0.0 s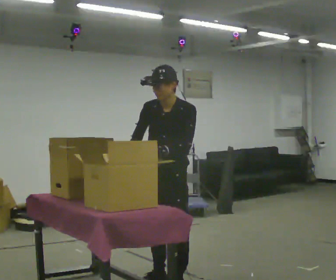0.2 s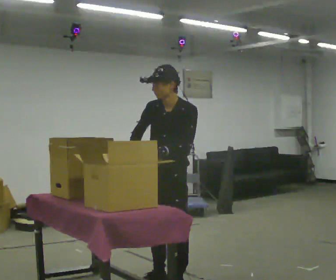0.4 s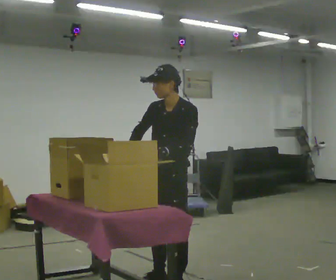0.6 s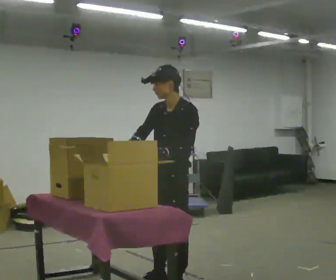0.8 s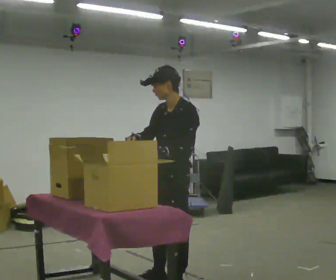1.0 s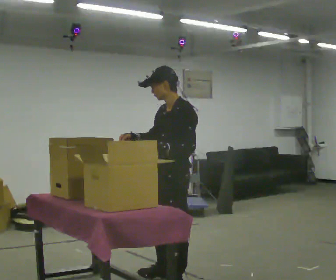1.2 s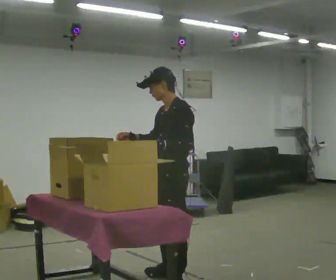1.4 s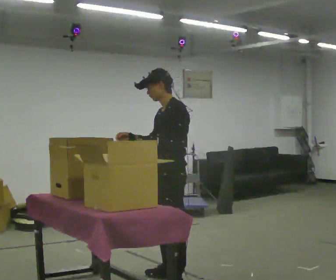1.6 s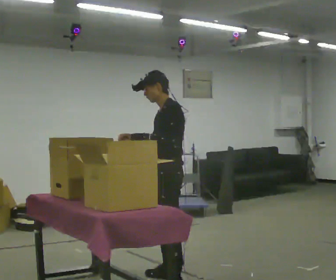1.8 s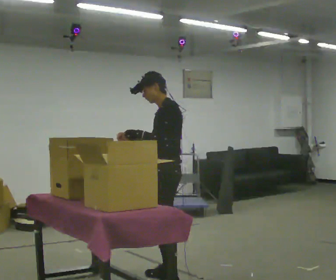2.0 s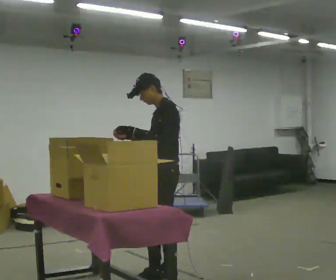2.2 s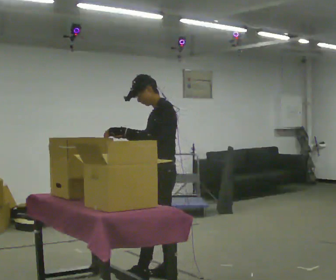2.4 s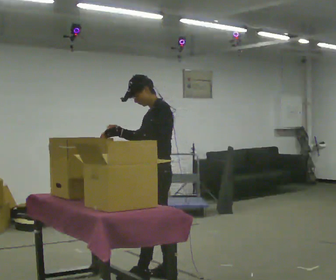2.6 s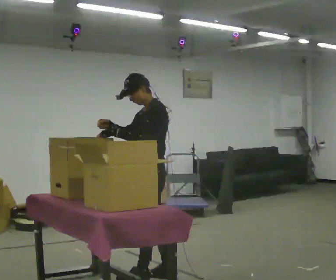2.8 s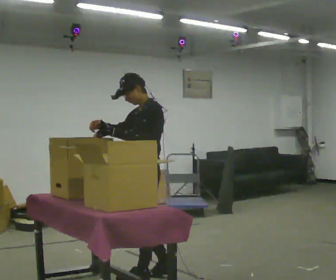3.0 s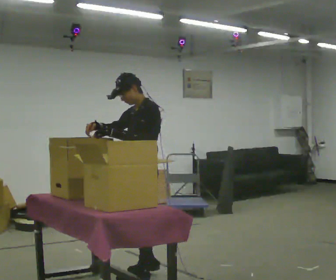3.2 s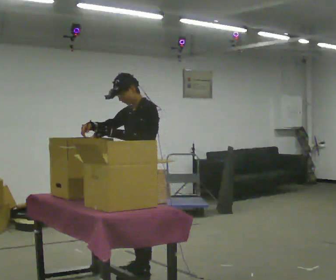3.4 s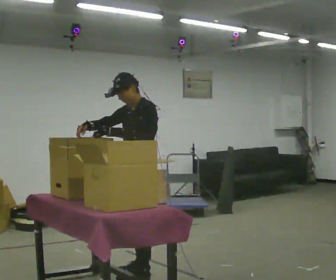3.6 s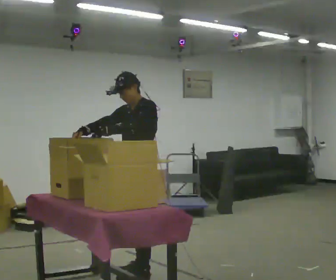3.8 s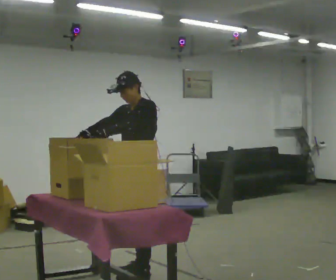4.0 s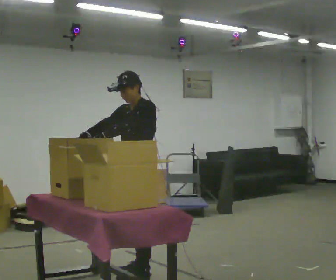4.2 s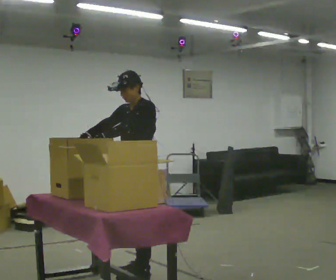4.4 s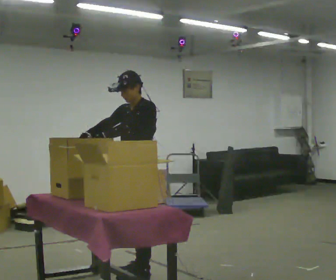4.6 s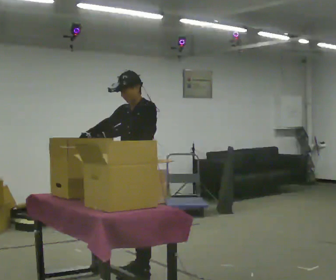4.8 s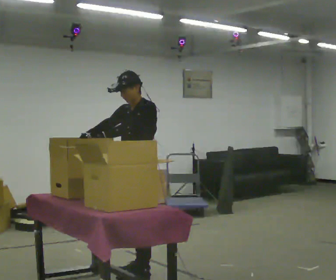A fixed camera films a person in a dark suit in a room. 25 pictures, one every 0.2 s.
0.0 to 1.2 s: Seen from above the body turns clockwise, about 30 degrees: to their right, with its near side sliding to the left.
1.2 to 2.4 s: In the picture they go away from the camera, about 0.25 m in 1 step, which for them is to their right.
2.4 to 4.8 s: Seen from above the body turns counterclockwise, about 30 degrees: to their left, with its near side sliding to the right. In the picture they go to the left, about 0.25 m in 1 step, which for them is to their right.
The film runs forward here.
